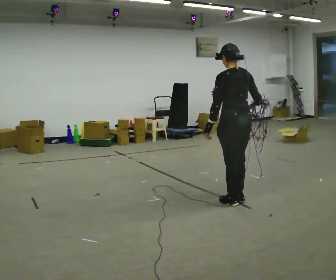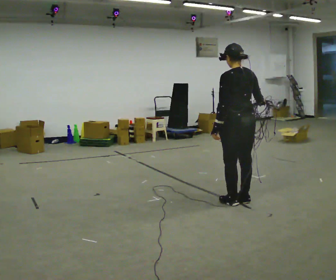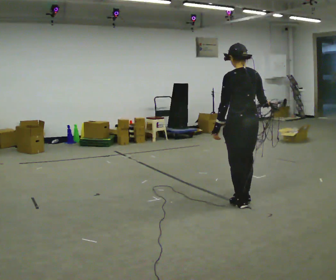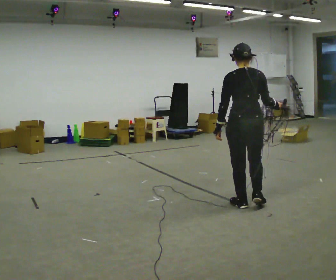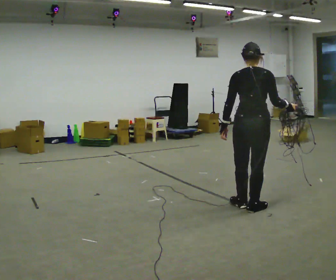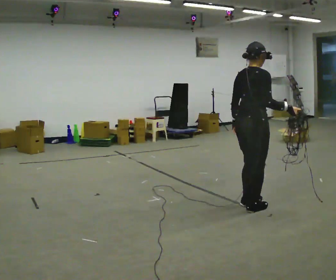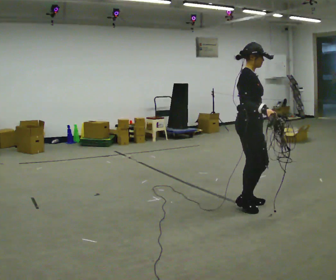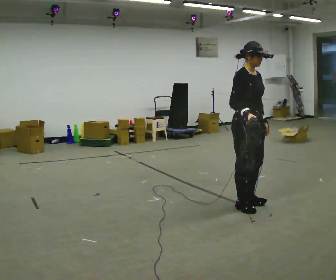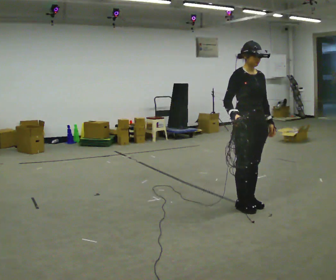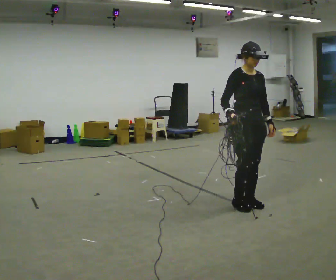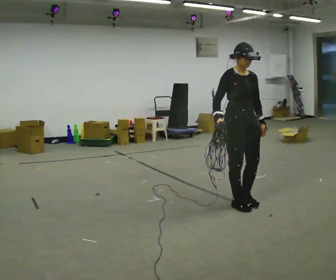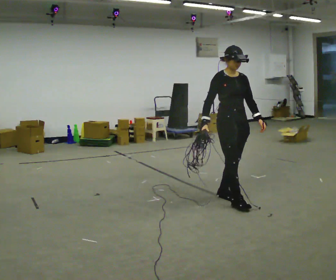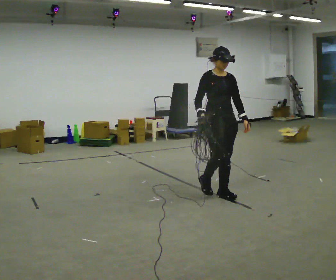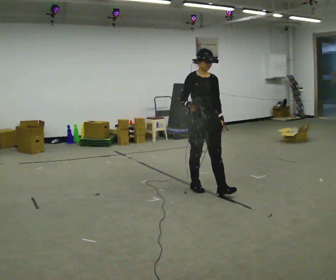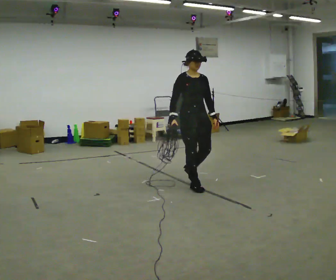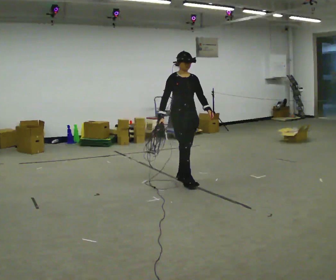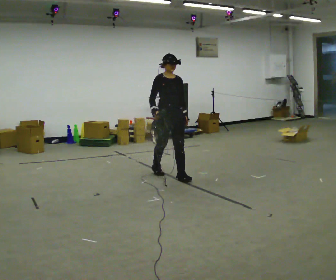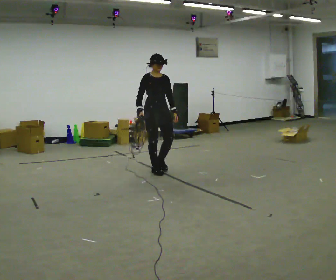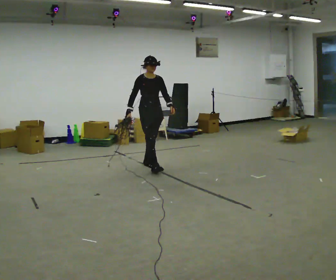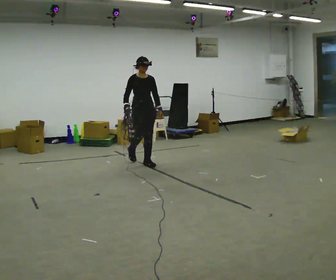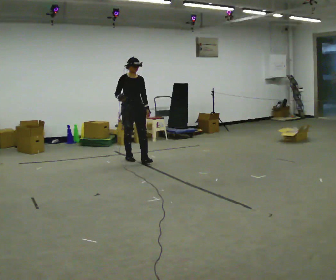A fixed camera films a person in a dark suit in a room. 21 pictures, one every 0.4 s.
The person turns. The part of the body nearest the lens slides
to the left.
The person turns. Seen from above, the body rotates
clockwise.
0.0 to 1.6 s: Seen from above the body turns clockwise, about 45 degrees: to their right, with its near side sliding to the left. In the picture they go toward the camera, about 0.25 m in 1 step, which for them is backward.
1.6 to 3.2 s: The person turns about 135 degrees to their right, clockwise seen from above, so the part of the body nearest the lens slides to the left. In the picture their right hand goes to the left, the arm swinging clockwise.
3.2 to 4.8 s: In the picture they go away from the camera and to the left, about 0.5 m in 2 steps, which for them is backward.
4.8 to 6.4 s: In the picture they go away from the camera and to the left, about 1 m in 2 steps, which for them is backward.
6.4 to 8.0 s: In the picture they go away from the camera and to the left, about 1 m in 3 steps, which for them is backward.
The film runs backward here.
